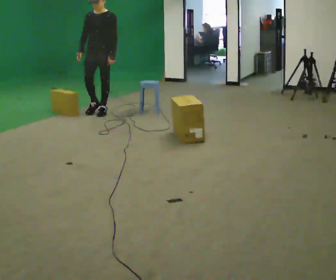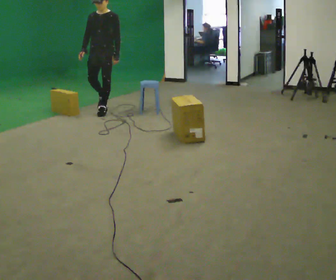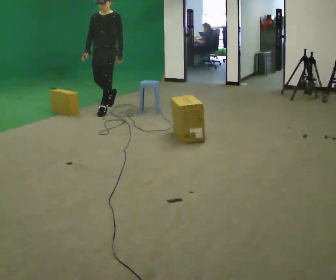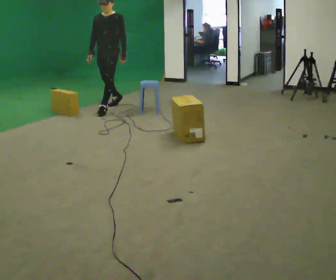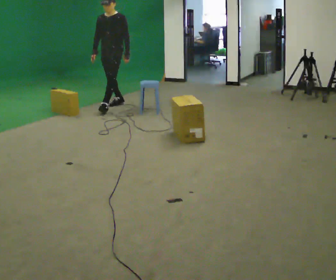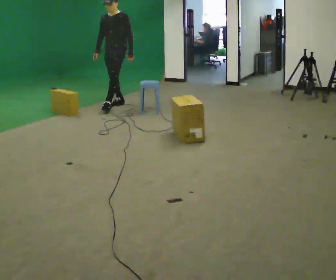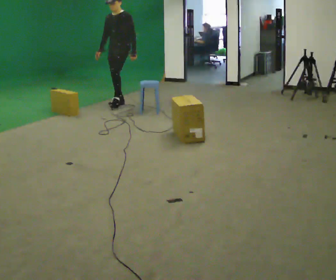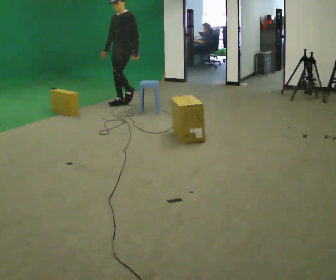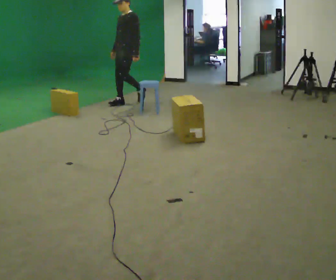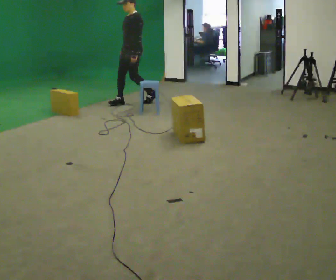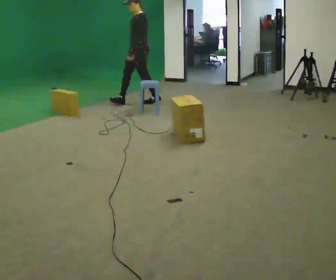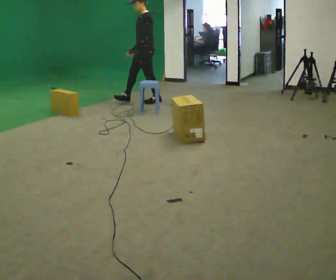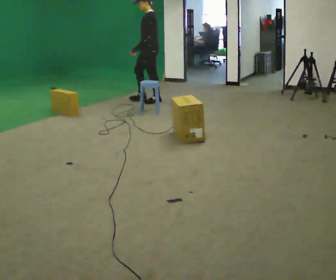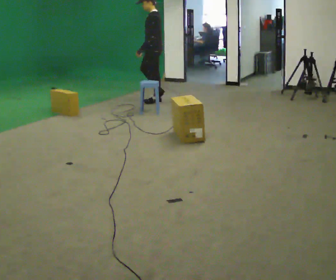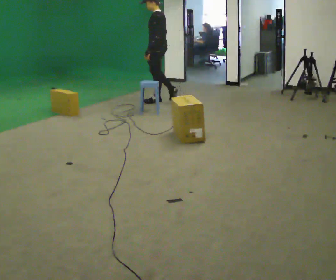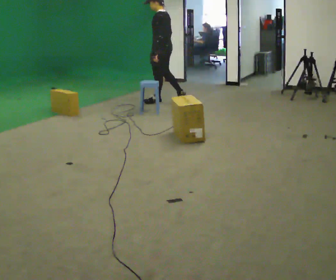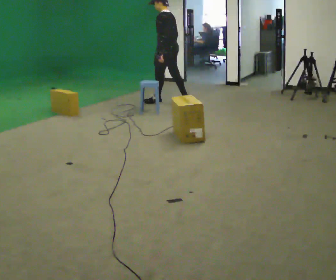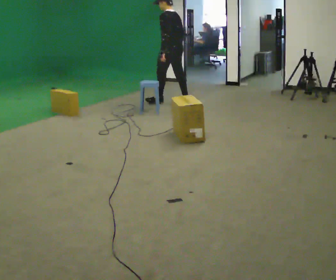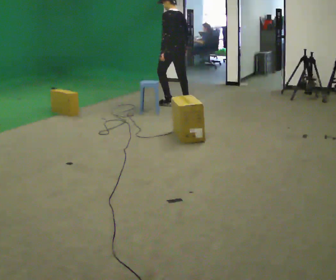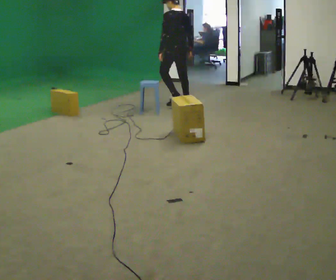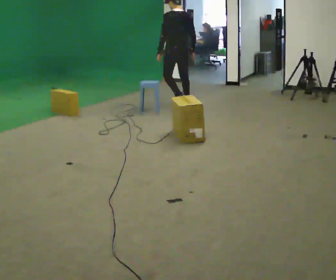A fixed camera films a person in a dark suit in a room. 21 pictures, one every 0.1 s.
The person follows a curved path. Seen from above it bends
clockwise.
The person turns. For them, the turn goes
to their right.
0.0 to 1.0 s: Seen from above the body turns clockwise, about 60 degrees: to their right, with its near side sliding to the left. In the picture they go away from the camera and to the right, about 1 m in 1 step, which for them is backward.
1.0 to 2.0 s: The part of the body nearest the lens slides to the left as the person turns to their right by about 90 degrees. In the picture they go to the right and toward the camera, about 0.75 m in 2 steps.
The film runs backward here.
